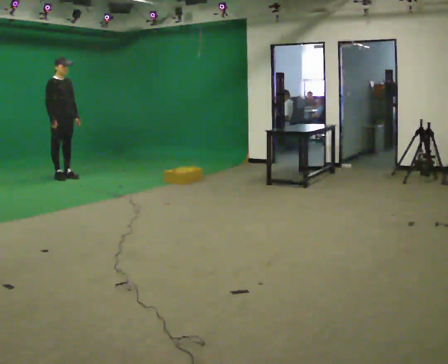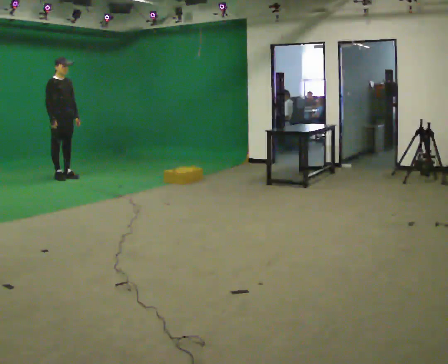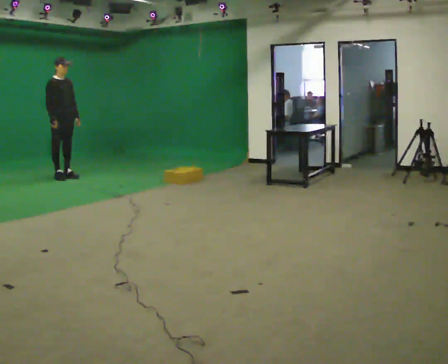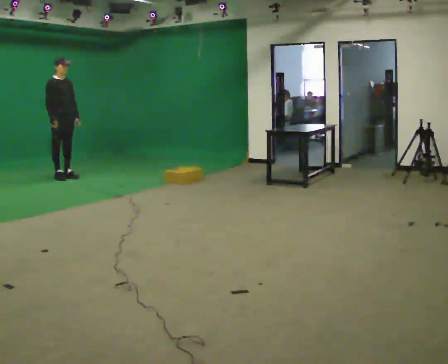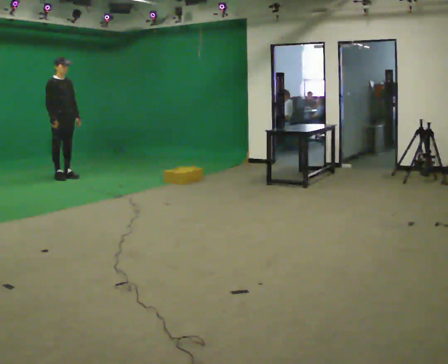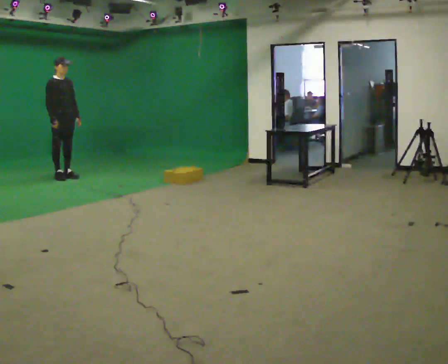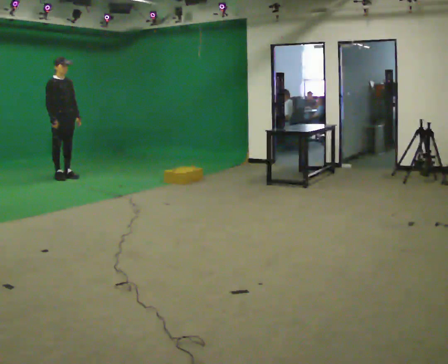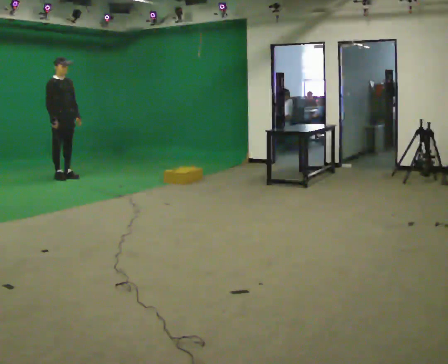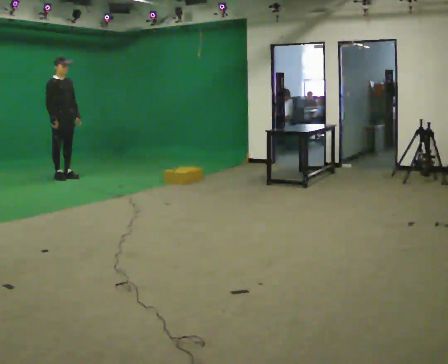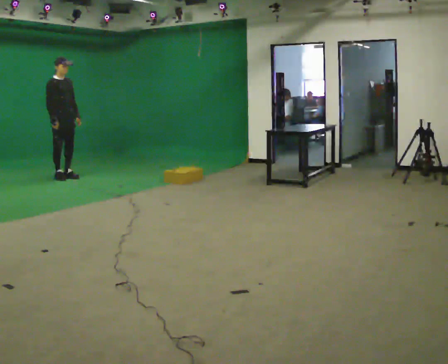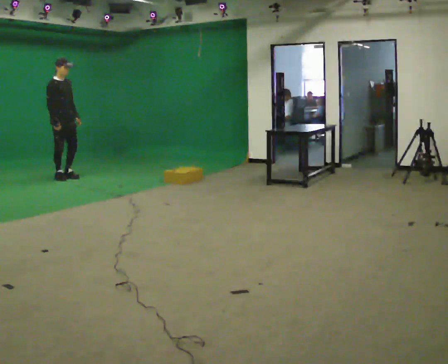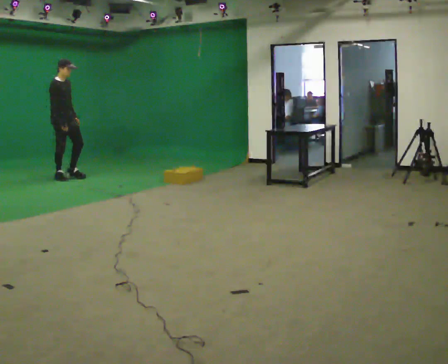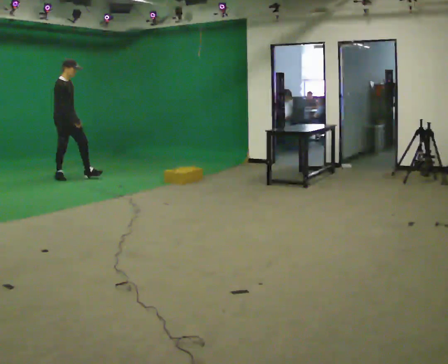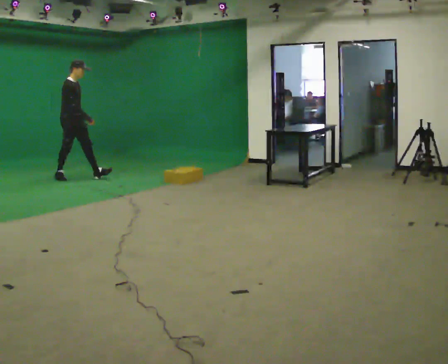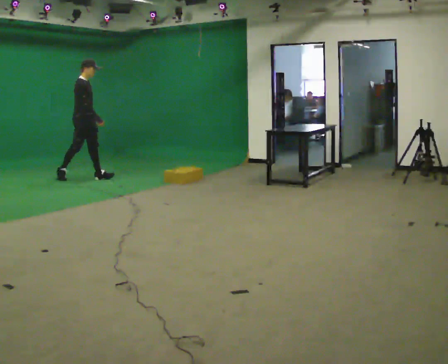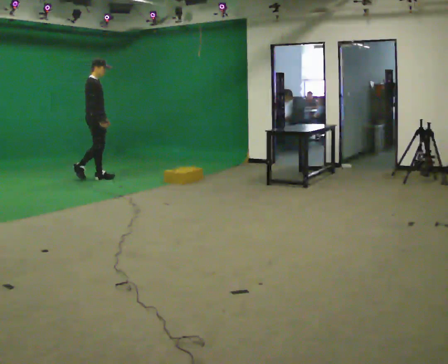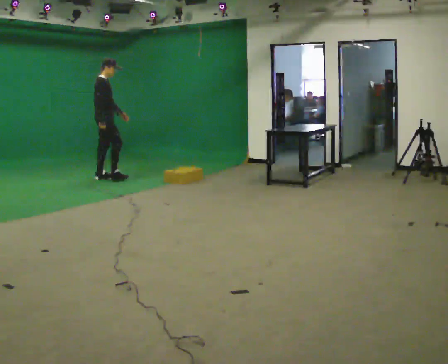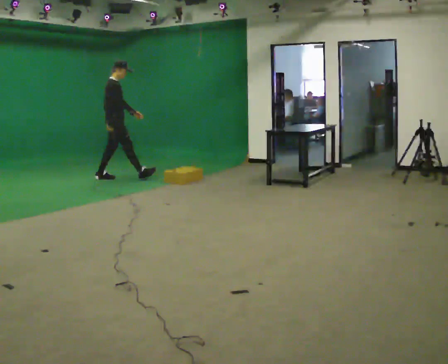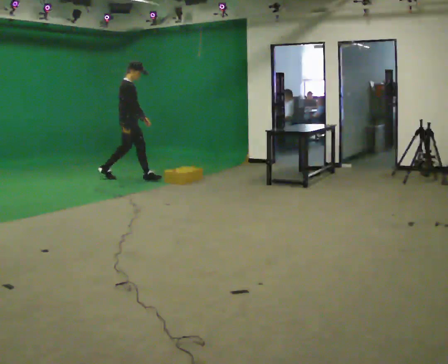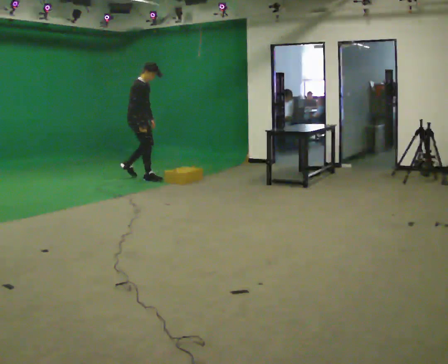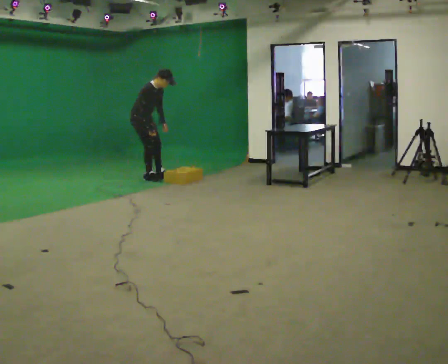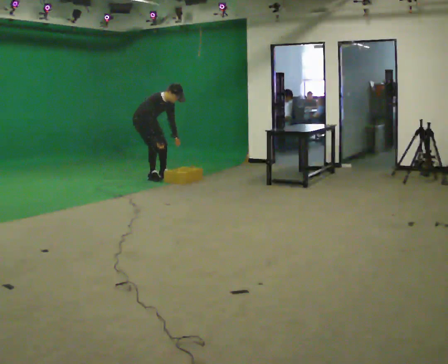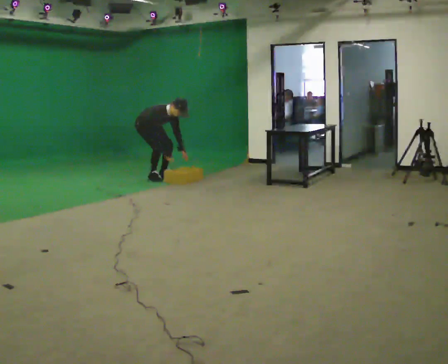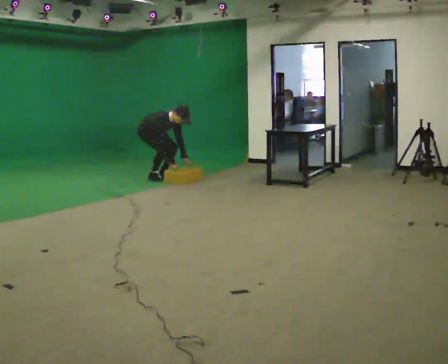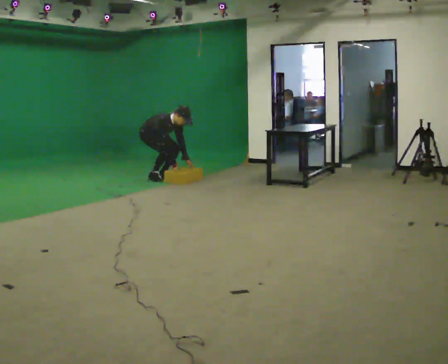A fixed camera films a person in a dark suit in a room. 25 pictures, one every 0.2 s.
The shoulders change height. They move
downward.
Their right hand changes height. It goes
downward.
0.0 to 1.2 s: The person keeps their place and pose.
1.2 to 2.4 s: The person moves a little, or ends about where they began.
2.4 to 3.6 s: In the picture they go to the right, about 1 m in 2 steps, which for them is forward.
3.6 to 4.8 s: Seen from above the body turns clockwise, about 30 degrees: to their right, with its near side sliding to the left. In the picture they go to the right, about 0.25 m in 1 step, which for them is to their left and forward. The shoulders move downward. In the picture the upper body tilts clockwise, shoulders to the right, as they bend forward. In the picture their left hand goes downward.
The film runs forward here.
